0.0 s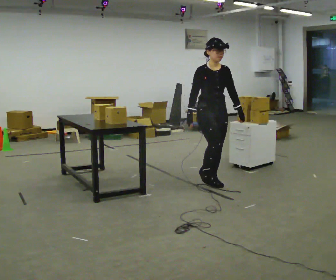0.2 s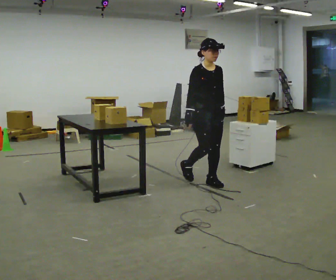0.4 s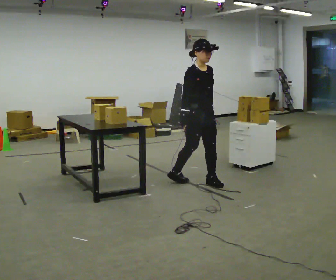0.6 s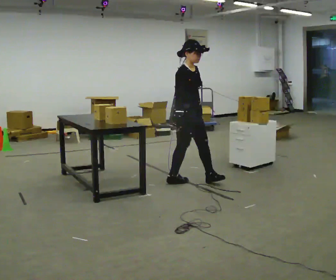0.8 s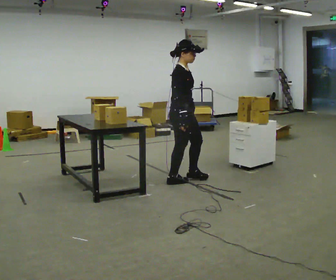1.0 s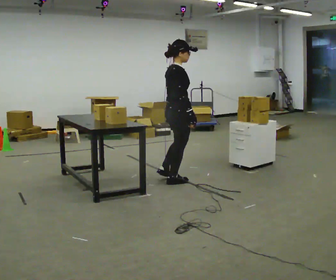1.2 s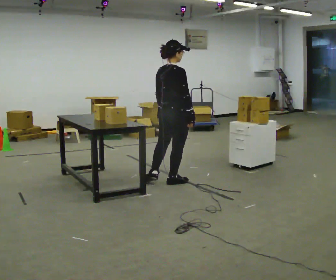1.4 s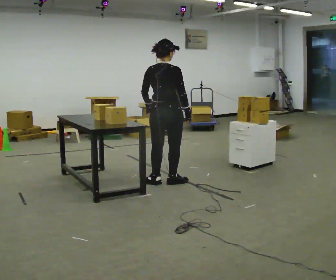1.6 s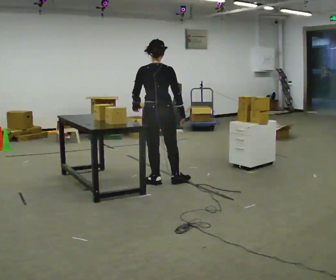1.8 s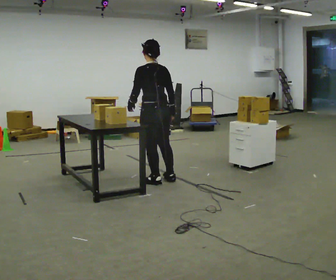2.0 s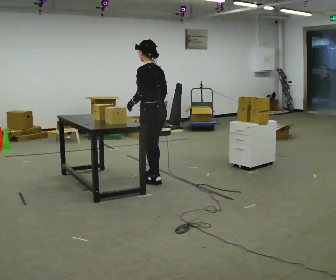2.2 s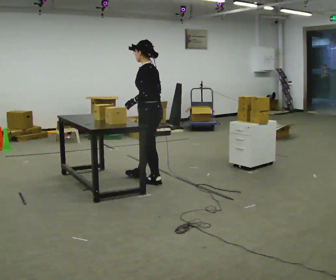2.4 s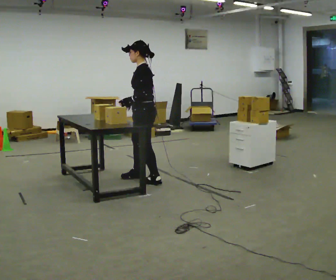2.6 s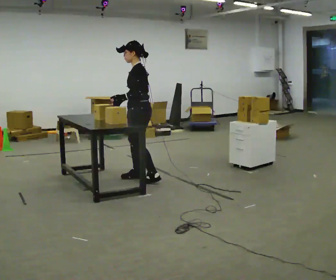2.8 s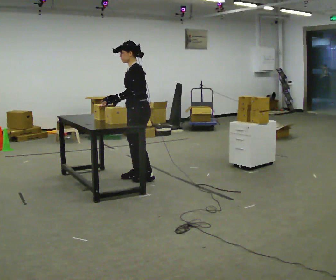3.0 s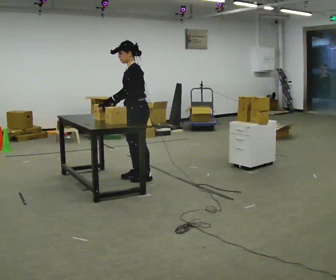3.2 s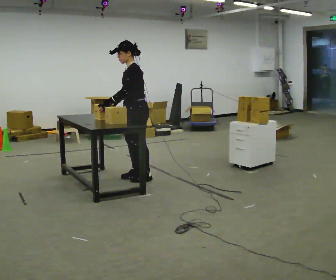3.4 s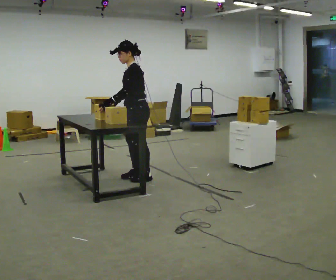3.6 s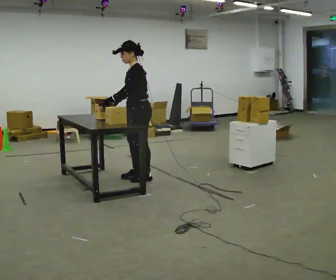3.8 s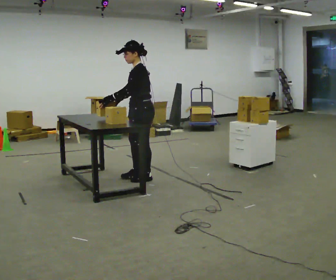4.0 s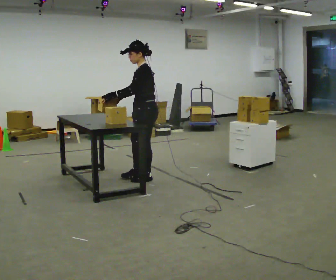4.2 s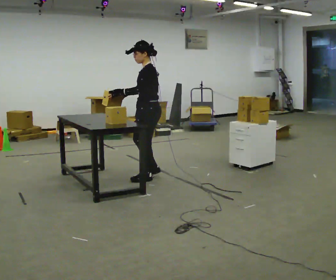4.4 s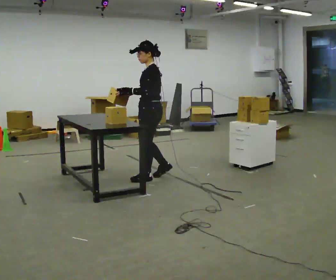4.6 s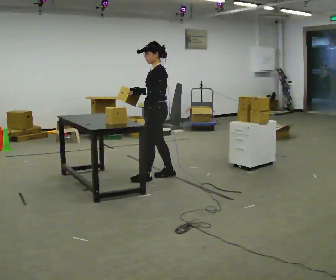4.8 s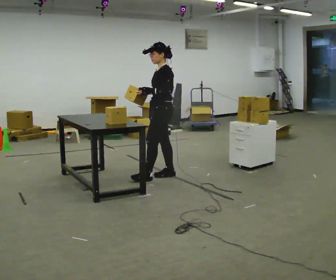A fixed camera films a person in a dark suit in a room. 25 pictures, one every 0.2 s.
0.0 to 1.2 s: The part of the body nearest the lens slides to the right as the person turns to their left by about 105 degrees. In the picture they go to the left, about 0.5 m in 1 step.
1.2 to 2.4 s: The part of the body nearest the lens slides to the right as the person turns to their left by about 135 degrees. In the picture they go to the left, about 0.25 m in 1 step.
2.4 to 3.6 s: The person moves a little, or ends about where they began.
3.6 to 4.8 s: In the picture they go to the right, about 0.25 m in 1 step, which for them is backward.
The film runs backward here.
